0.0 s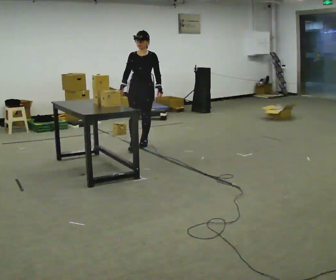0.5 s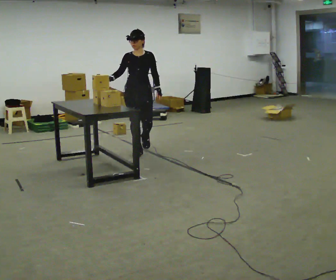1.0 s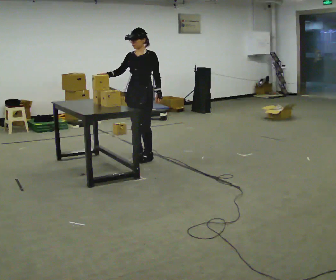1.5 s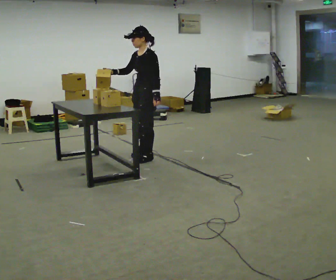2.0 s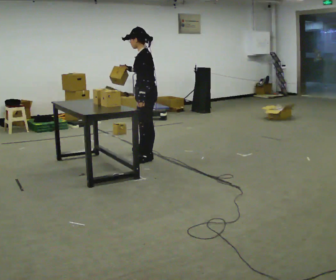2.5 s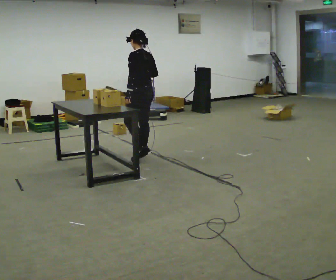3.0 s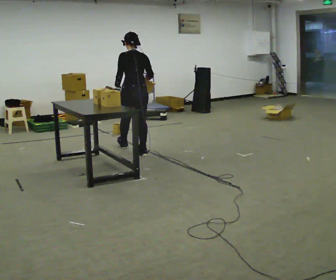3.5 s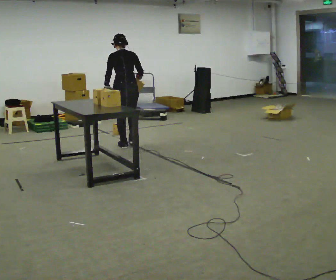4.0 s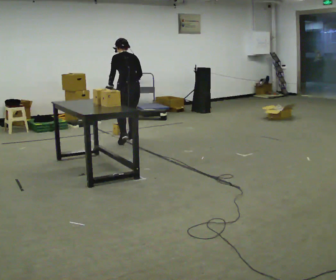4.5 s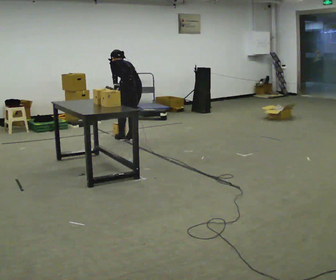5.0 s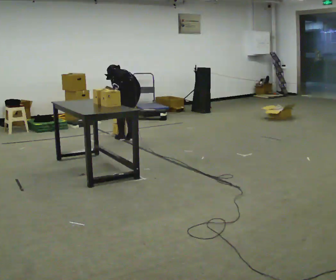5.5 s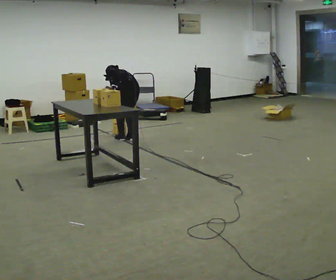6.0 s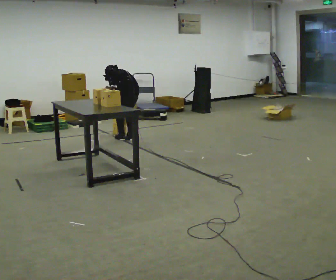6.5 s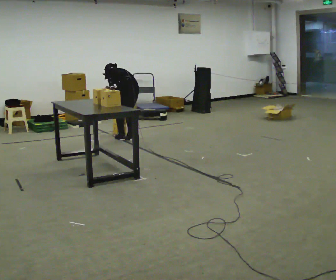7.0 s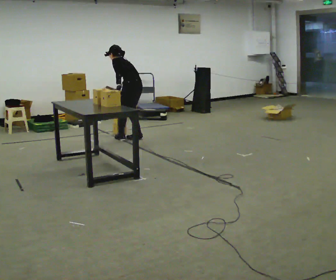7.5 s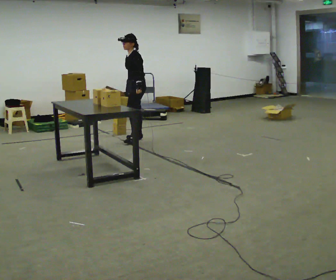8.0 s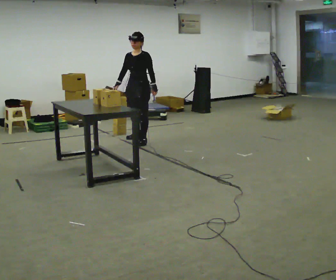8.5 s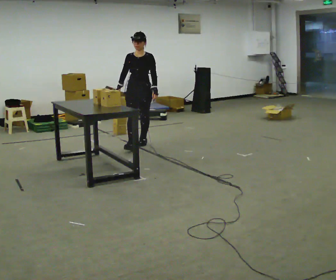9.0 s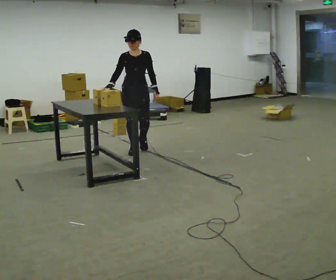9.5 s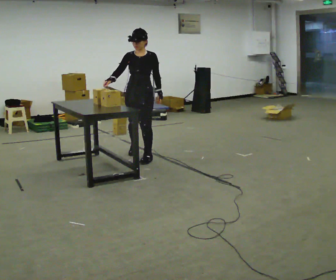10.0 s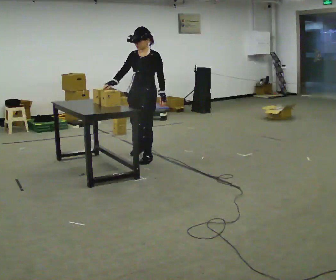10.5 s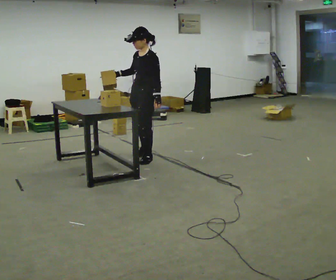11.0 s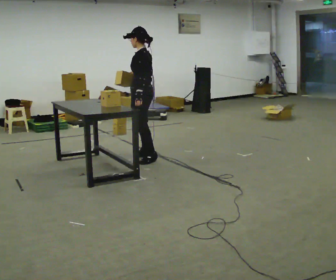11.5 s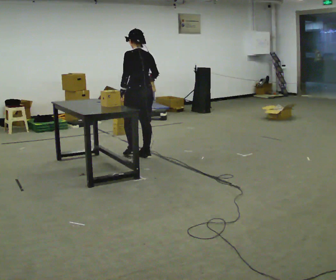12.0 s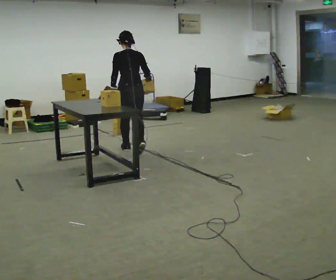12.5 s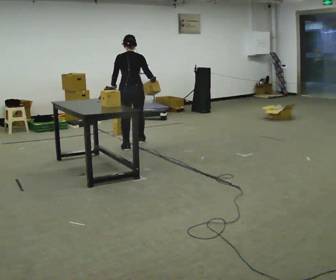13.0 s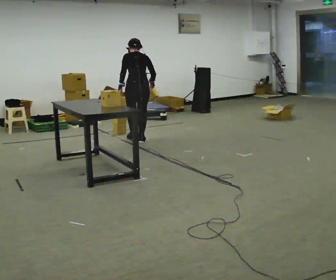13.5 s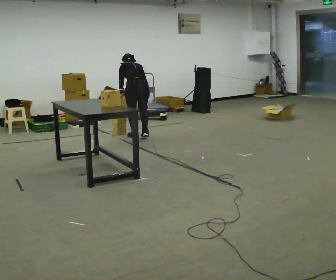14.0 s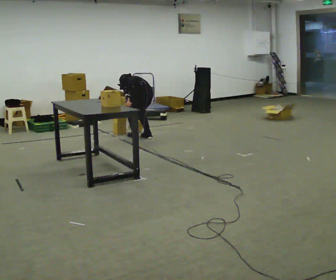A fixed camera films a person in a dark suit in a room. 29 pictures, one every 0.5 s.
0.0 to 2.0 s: The person turns about 90 degrees to their right, clockwise seen from above, so the part of the body nearest the lens slides to the left. In the picture they go toward the camera, about 0.75 m in 2 steps.
2.0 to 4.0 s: The part of the body nearest the lens slides to the left as the person turns to their right by about 60 degrees. In the picture they go away from the camera, about 1 m in 2 steps. The upper body tips away from the camera, its near side rolling upward.
4.0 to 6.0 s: The shoulders move downward. The upper body tips away from the camera, its near side rolling upward, as they bend forward.
6.0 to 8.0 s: The part of the body nearest the lens slides to the right as the person turns to their left by about 105 degrees. In the picture they go to the right, about 0.25 m in 1 step. The upper body goes upward. The upper body tips toward the camera, its near side rolling downward, as they lean back or straighten. In the picture their left hand goes to the right.
8.0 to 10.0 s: In the picture they go toward the camera, about 1 m in 2 steps, which for them is forward.
10.0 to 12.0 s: The person turns about 135 degrees to their right, clockwise seen from above, so the part of the body nearest the lens slides to the left. In the picture they go away from the camera and to the left, about 0.5 m in 2 steps. The upper body tips away from the camera, its near side rolling upward.
12.0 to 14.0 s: The part of the body nearest the lens slides to the right as the person turns to their left by about 30 degrees. In the picture they go away from the camera, about 0.5 m in 3 steps, which for them is forward. The shoulders move downward. The upper body tips away from the camera, its near side rolling upward, as they bend forward.
The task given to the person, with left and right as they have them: Pick the object up off the floor using only the hand the operator calls, then carry it to the table in that same hand. Keep going until the operator says stop; one object at a time, and do not rush between trips.
The film runs forward here.
